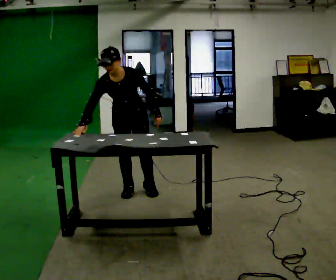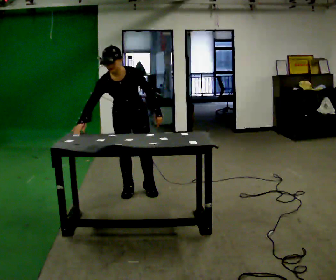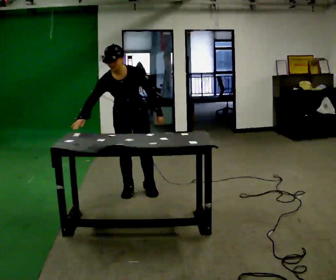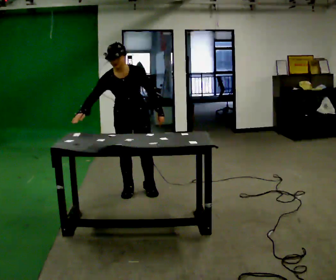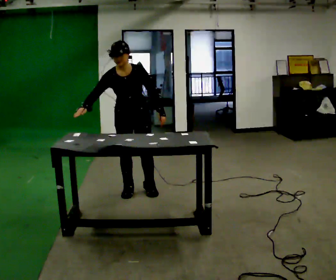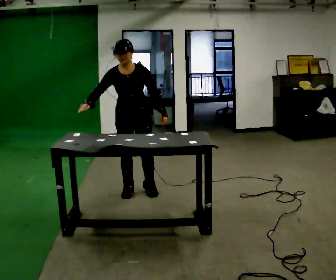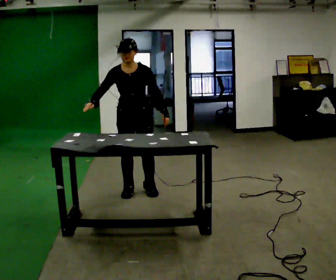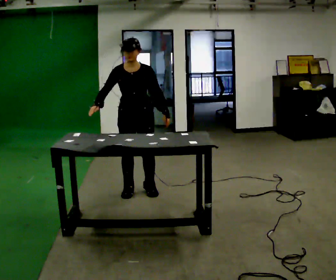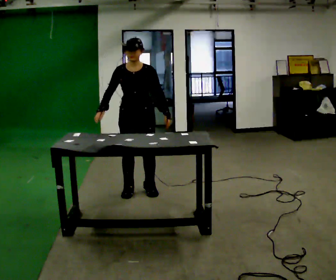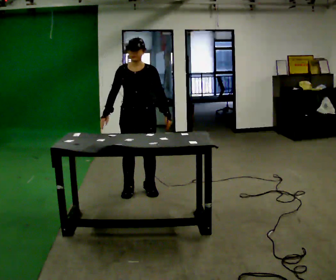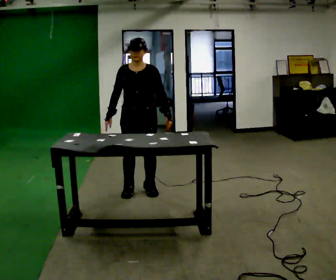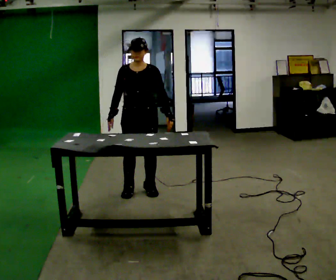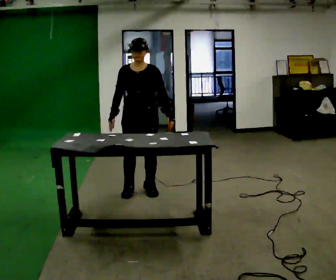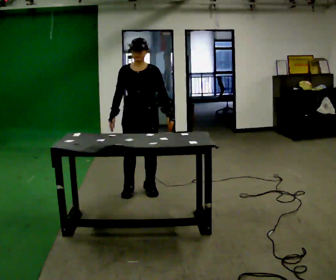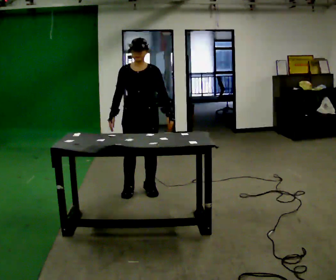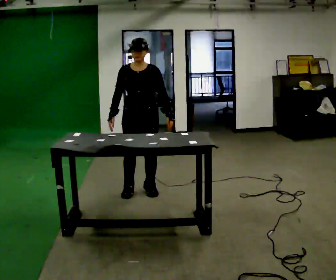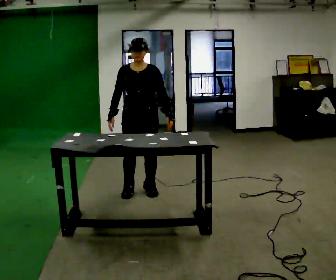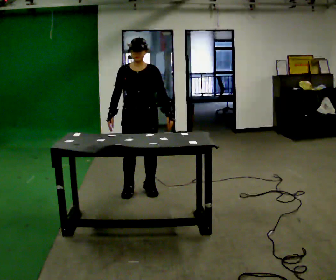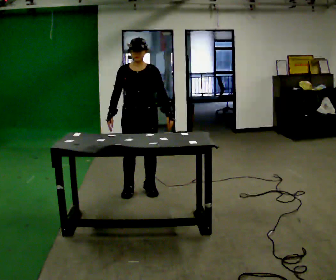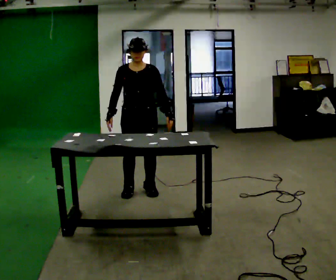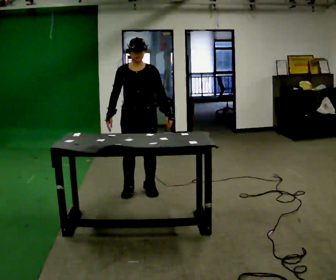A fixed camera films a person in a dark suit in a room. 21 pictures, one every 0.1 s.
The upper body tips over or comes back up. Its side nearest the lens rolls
upward.
0.0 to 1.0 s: The upper body tips away from the camera, its near side rolling upward, as they lean back or straighten.
1.0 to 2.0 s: The person moves a little, or ends about where they began.
The film runs forward here.
